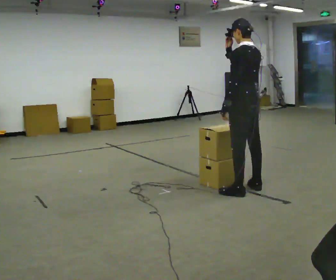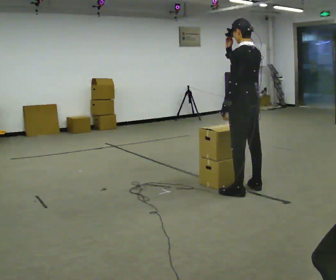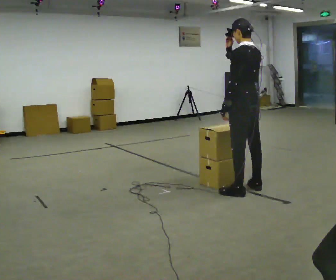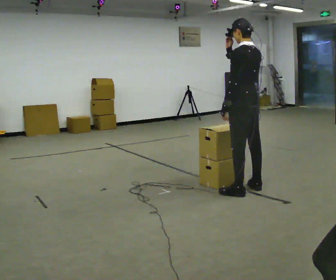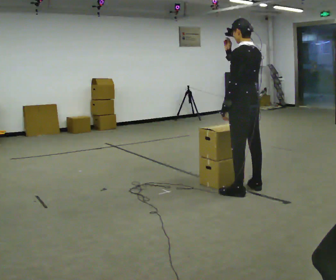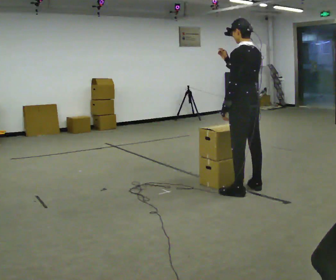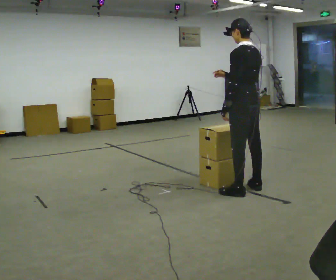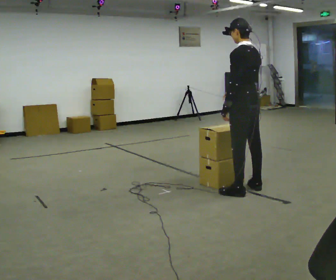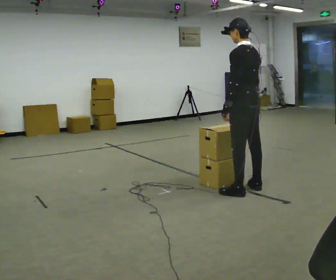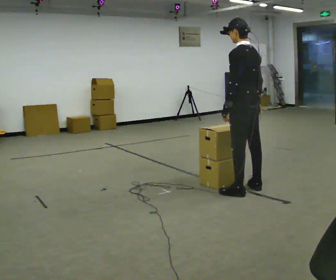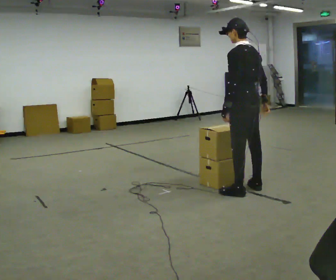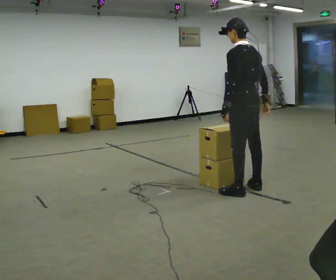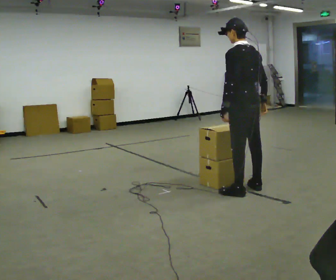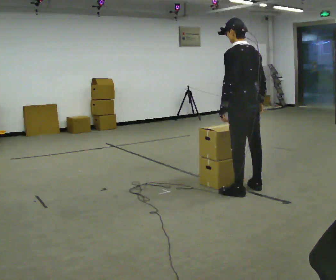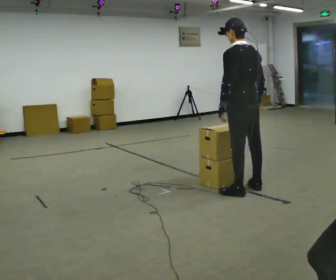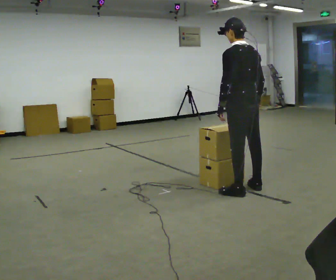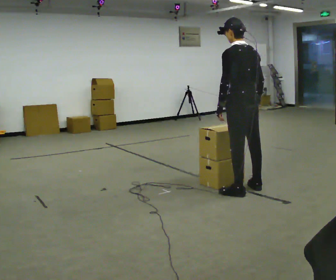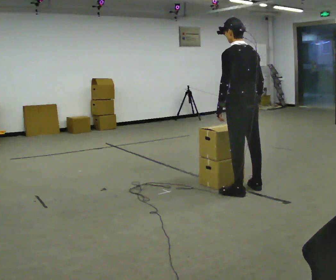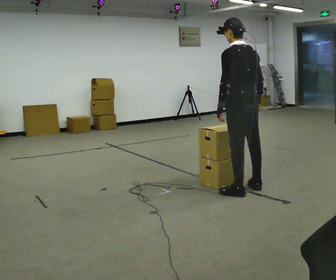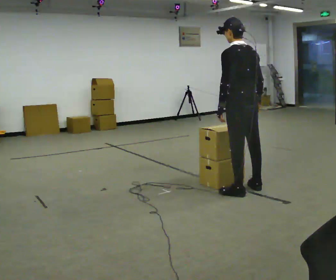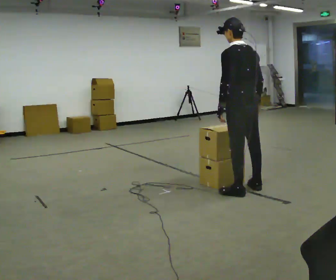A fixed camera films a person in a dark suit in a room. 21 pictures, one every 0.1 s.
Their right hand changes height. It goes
downward.
0.0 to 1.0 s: In the picture their right hand goes downward and to the right.
1.0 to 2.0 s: The person moves a little, or ends about where they began.
The film runs forward here.
